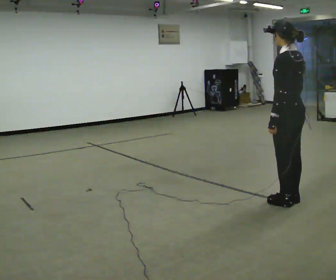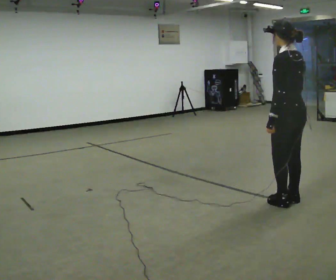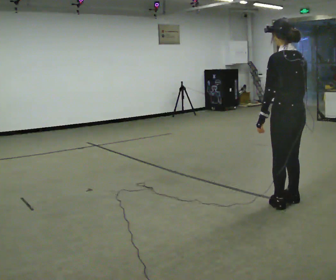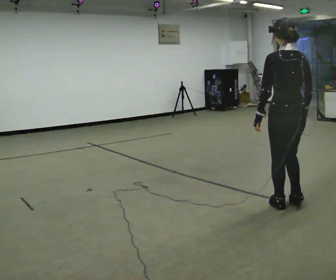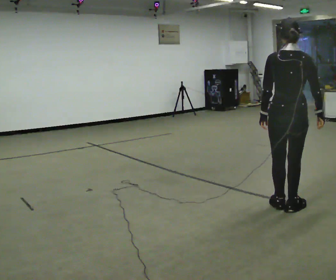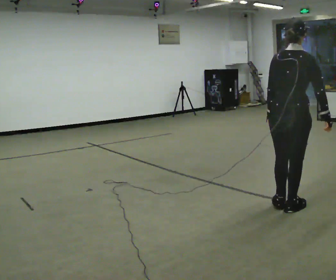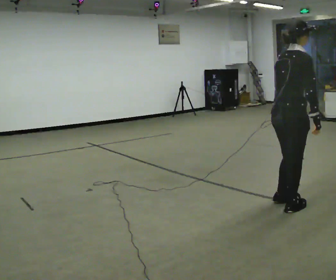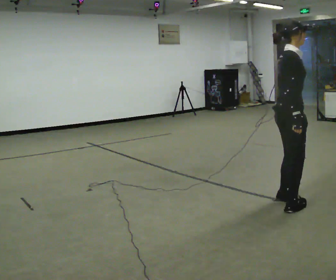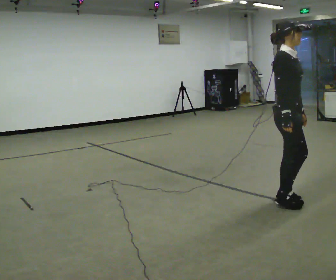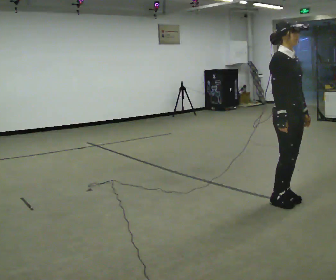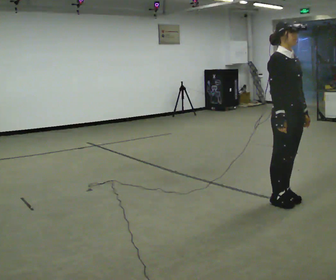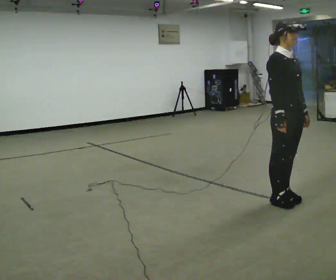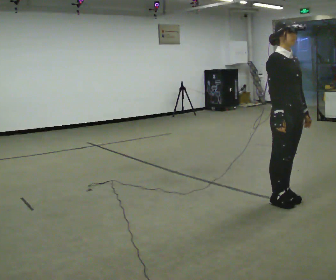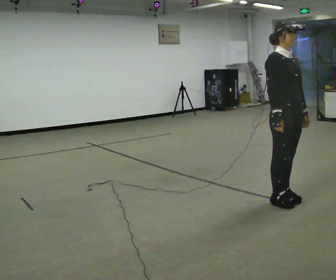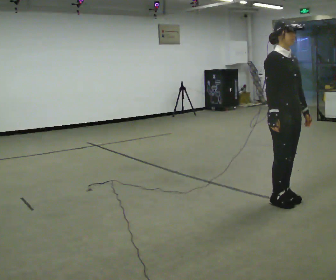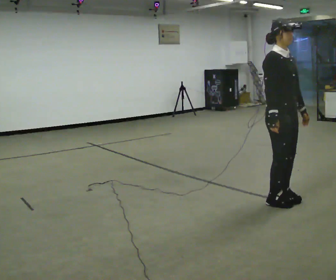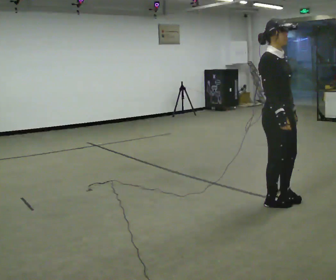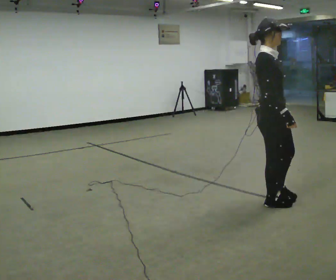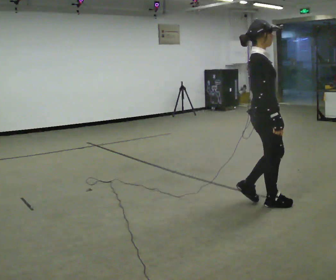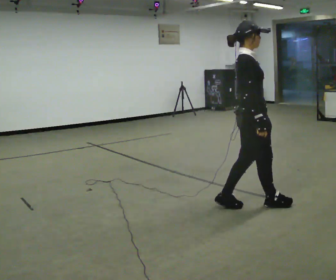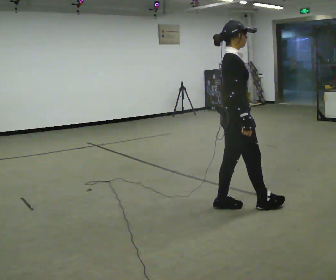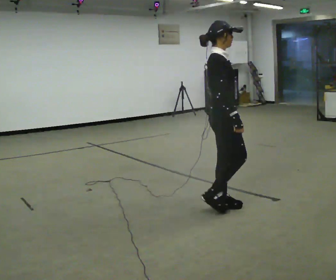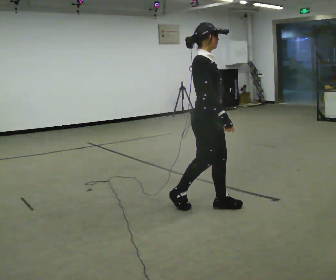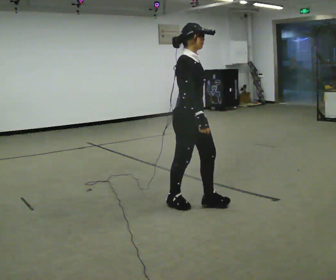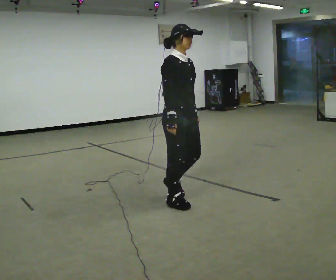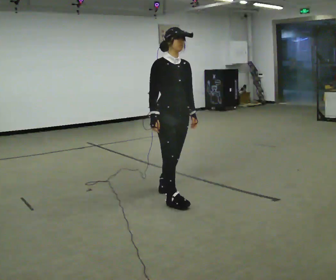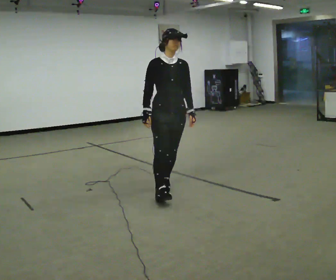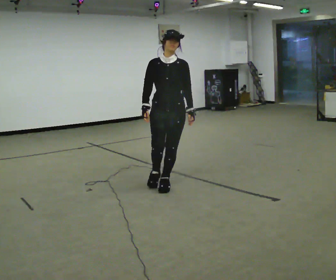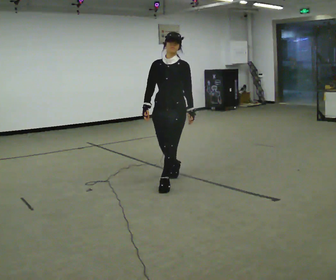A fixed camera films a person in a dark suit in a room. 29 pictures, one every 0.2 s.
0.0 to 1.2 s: Seen from above the body turns clockwise, about 105 degrees: to their right, with its near side sliding to the left.
1.2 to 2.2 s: Seen from above the body turns clockwise, about 75 degrees: to their right, with its near side sliding to the left.
2.2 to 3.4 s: The person moves a little, or ends about where they began.
3.4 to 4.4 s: In the picture they go to the left, about 0.5 m in 1 step, which for them is backward.
4.4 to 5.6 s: The person turns about 90 degrees to their right, clockwise seen from above, so the part of the body nearest the lens slides to the left. In the picture they go away from the camera and to the left, about 1 m in 2 steps.
The film runs backward here.
